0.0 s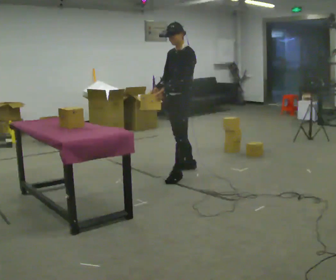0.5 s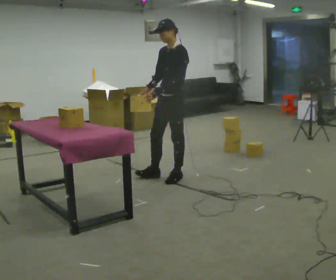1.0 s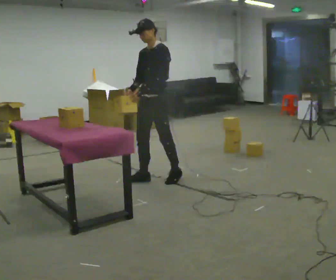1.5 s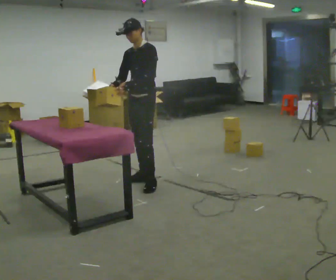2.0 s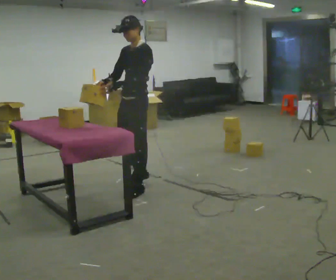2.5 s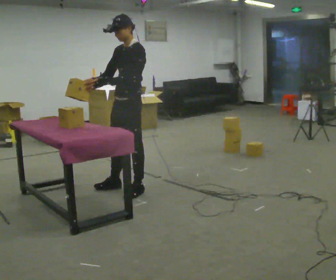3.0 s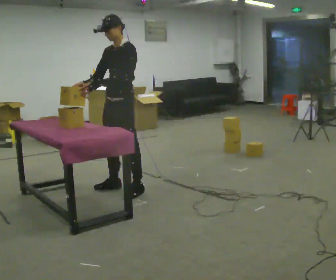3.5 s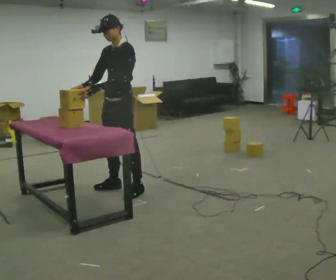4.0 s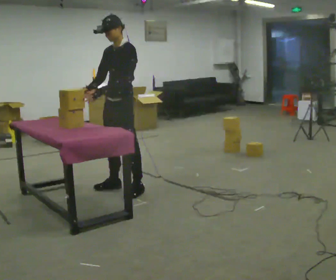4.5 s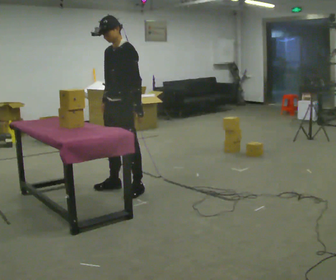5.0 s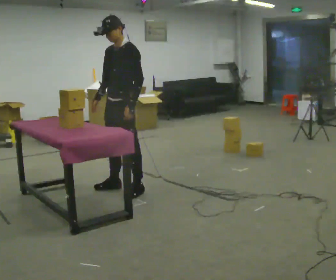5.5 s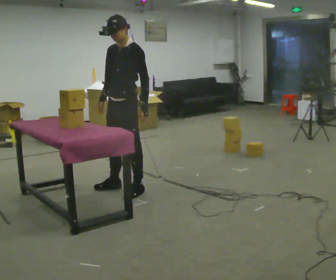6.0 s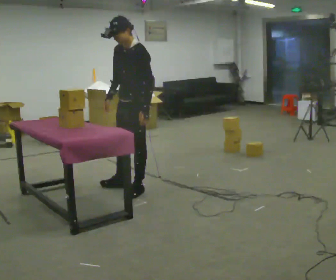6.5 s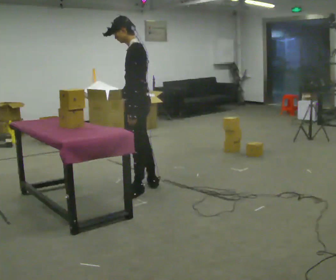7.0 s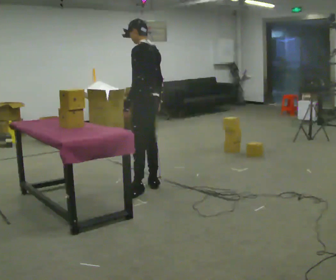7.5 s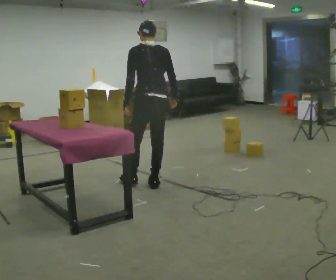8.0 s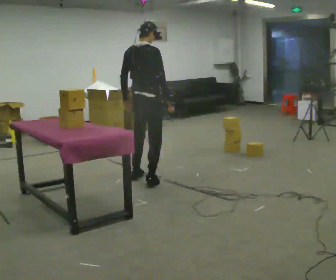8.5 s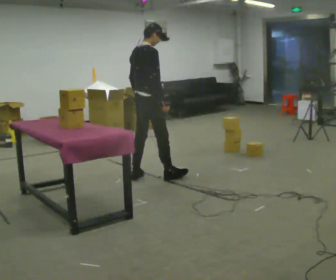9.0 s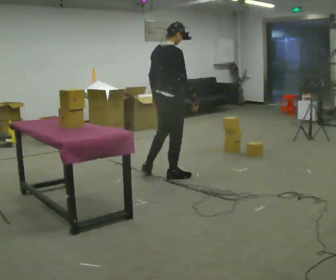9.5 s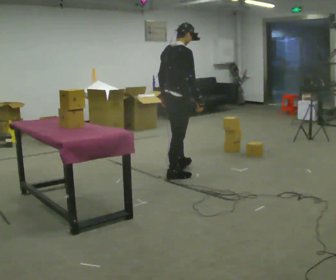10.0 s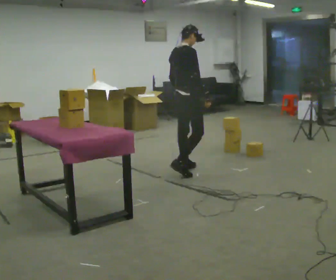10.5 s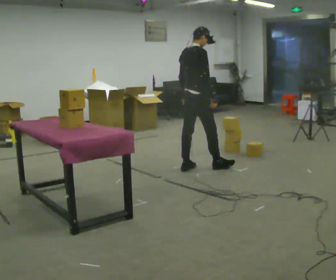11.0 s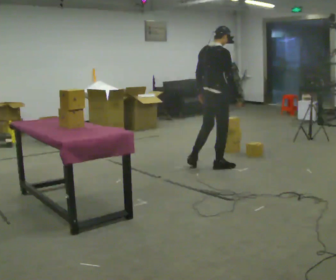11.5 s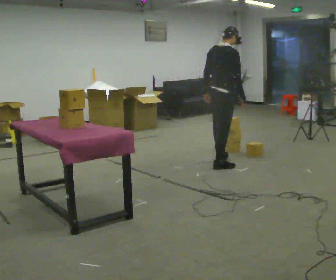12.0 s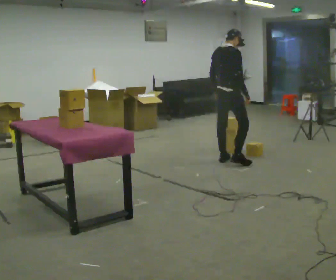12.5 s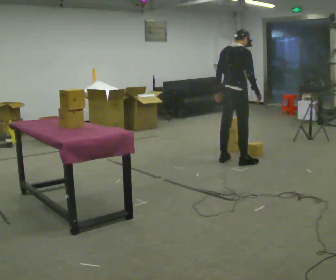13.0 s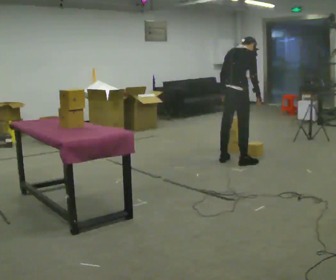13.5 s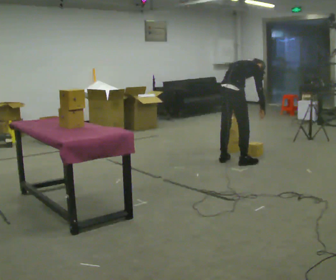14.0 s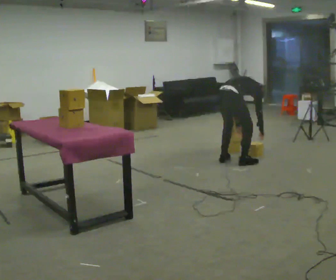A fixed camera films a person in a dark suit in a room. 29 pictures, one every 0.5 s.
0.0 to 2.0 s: In the picture they go toward the camera and to the left, about 0.75 m in 2 steps, which for them is forward.
2.0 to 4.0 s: The person moves a little, or ends about where they began.
4.0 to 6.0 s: In the picture their left hand goes to the right.
6.0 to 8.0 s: The part of the body nearest the lens slides to the left as the person turns to their right by about 150 degrees. In the picture they go away from the camera, about 0.5 m in 2 steps. The upper body tips away from the camera, its near side rolling upward.
8.0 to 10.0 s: The person turns about 30 degrees to their right, clockwise seen from above, so the part of the body nearest the lens slides to the left. In the picture they go to the right and away from the camera, about 0.5 m in 2 steps, which for them is forward.
10.0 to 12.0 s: In the picture they go to the right and away from the camera, about 0.5 m in 2 steps, which for them is forward.
12.0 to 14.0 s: The upper body goes downward. In the picture the upper body tilts clockwise, shoulders to the right, as they bend forward. In the picture their right hand goes downward.
The film runs forward here.
